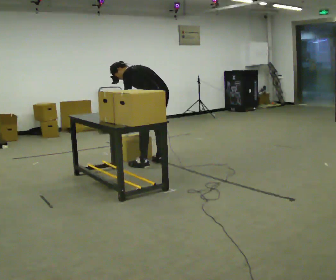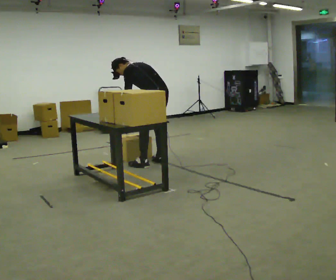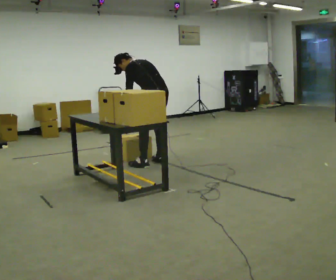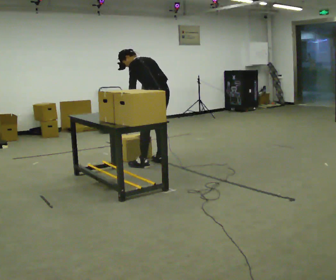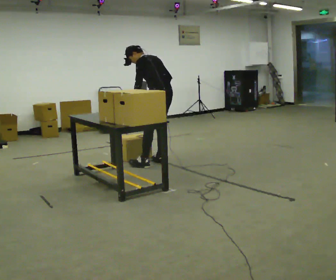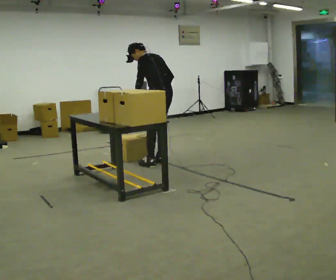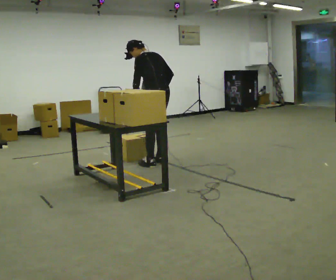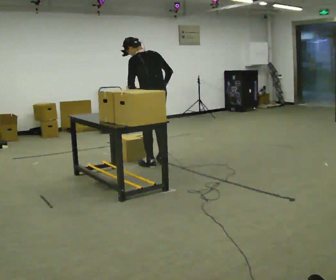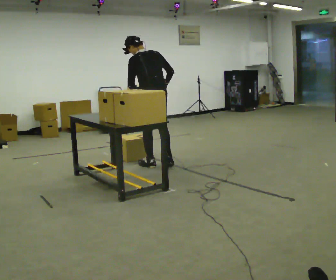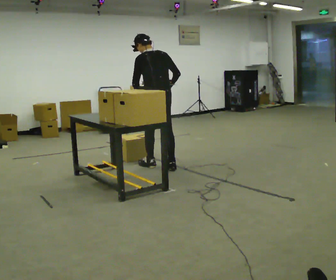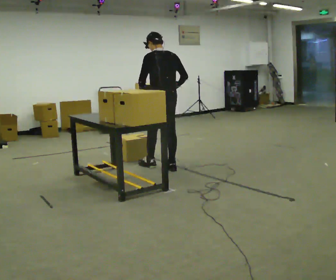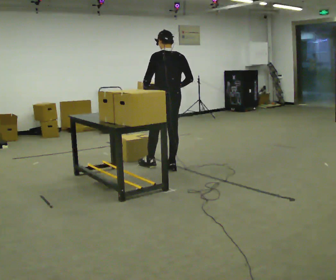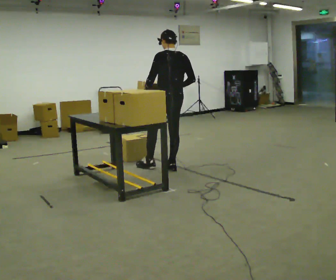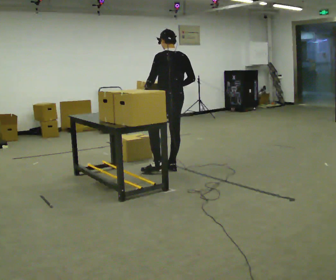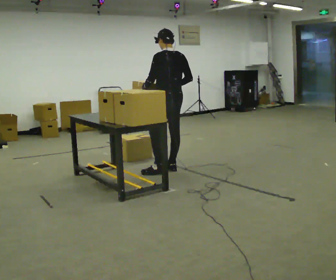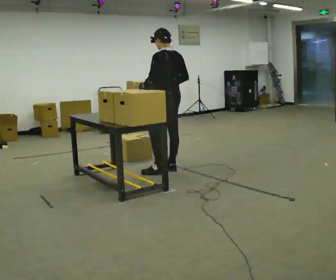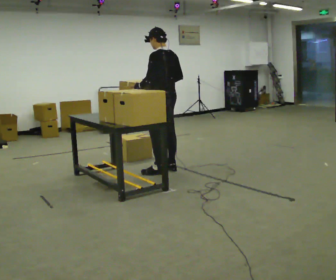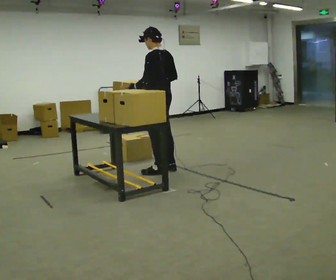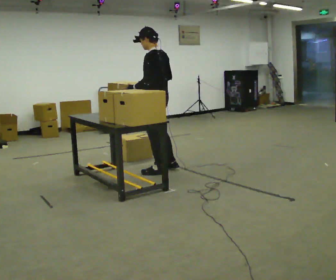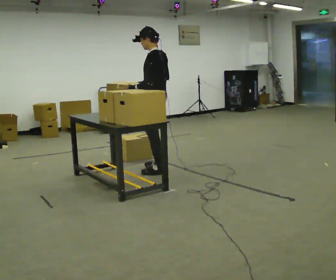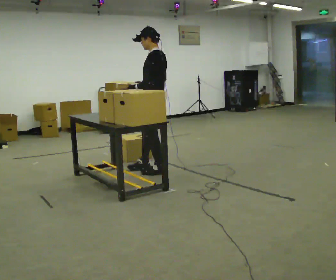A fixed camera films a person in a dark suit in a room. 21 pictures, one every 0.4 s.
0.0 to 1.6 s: In the picture the upper body tilts clockwise, shoulders to the right, as they lean back or straighten.
1.6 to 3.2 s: The part of the body nearest the lens slides to the left as the person turns to their right by about 30 degrees. The upper body tips toward the camera, its near side rolling downward, as they lean back or straighten.
3.2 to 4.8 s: In the picture they go to the right, about 0.25 m in 1 step, which for them is backward and to their right. In the picture the upper body tilts clockwise, shoulders to the right.
4.8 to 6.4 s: The person moves a little, or ends about where they began.
6.4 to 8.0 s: Seen from above the body turns counterclockwise, about 30 degrees: to their left, with its near side sliding to the right.
The film runs backward here.
